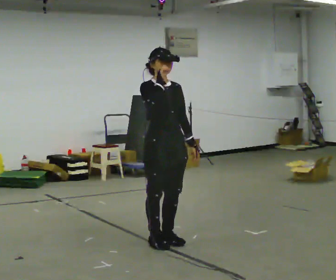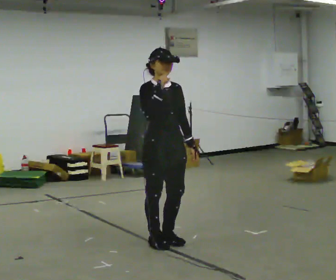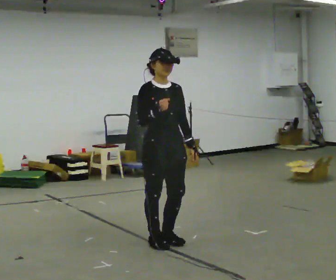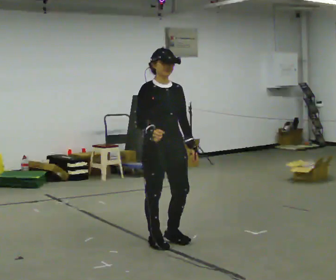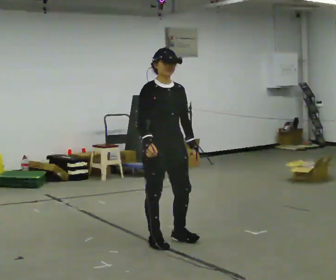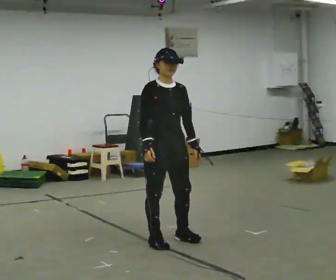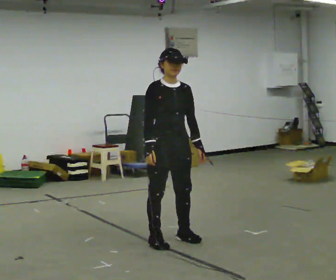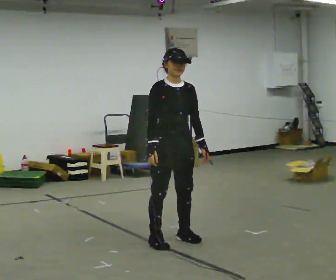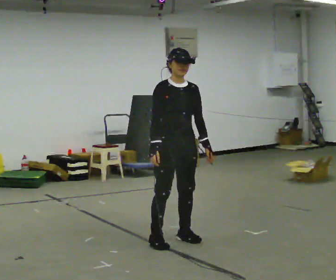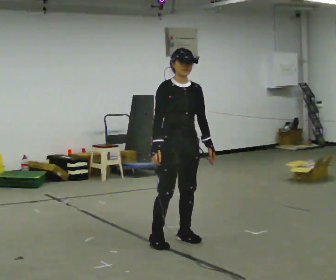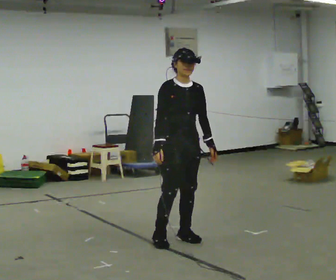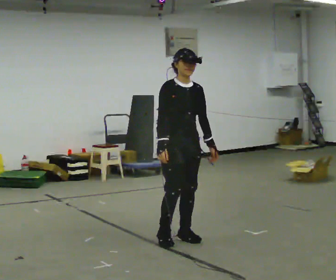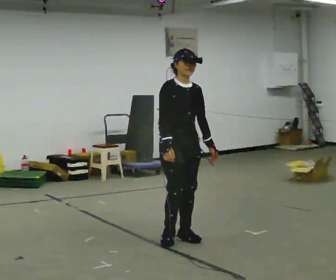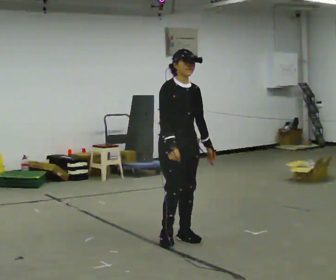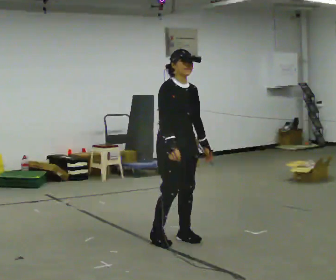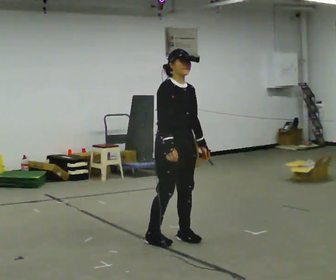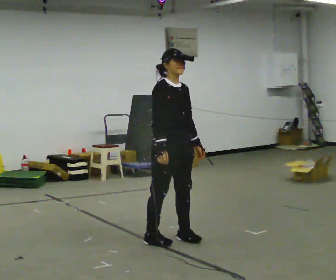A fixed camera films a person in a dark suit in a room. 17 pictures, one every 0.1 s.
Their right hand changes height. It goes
downward.
0.0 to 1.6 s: In the picture their right hand goes downward.
The film runs backward here.
